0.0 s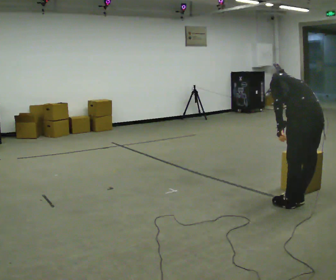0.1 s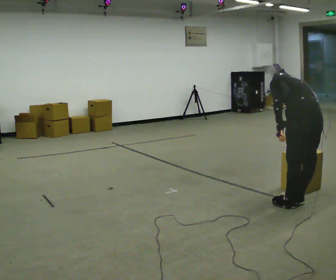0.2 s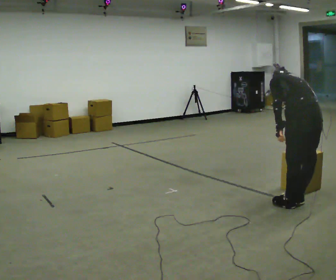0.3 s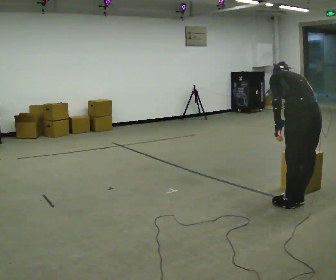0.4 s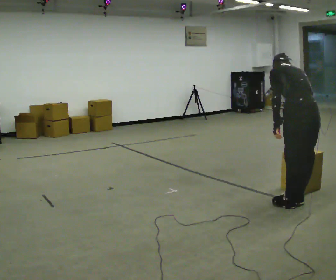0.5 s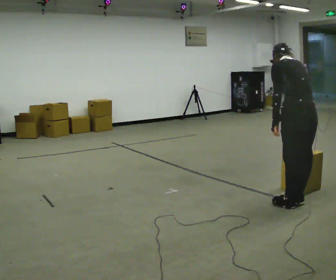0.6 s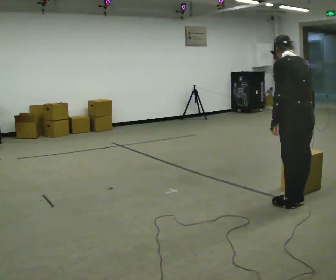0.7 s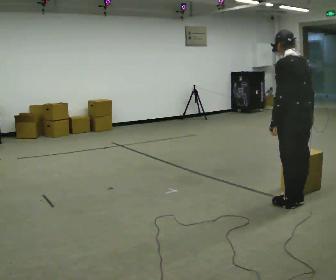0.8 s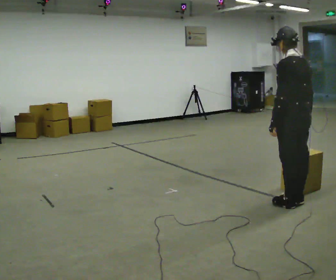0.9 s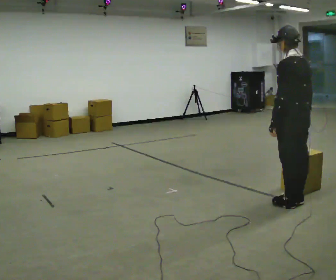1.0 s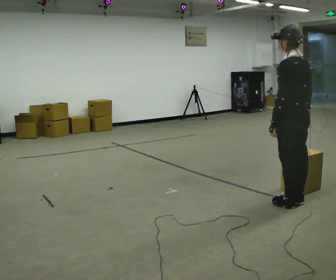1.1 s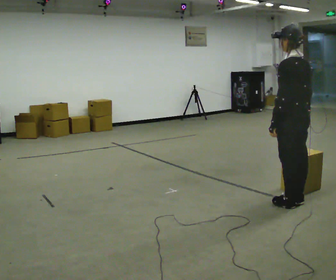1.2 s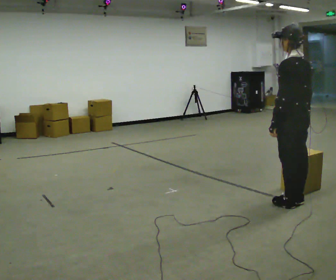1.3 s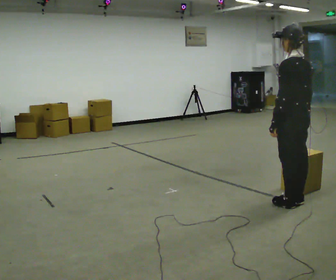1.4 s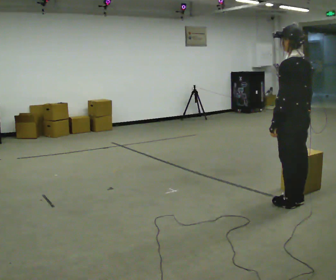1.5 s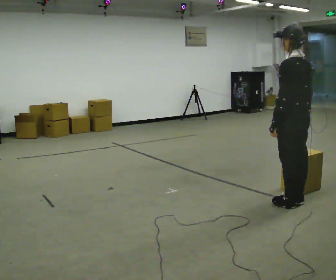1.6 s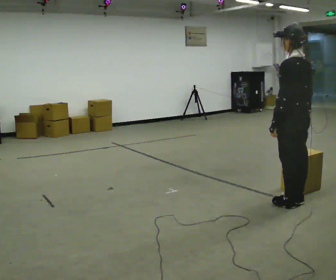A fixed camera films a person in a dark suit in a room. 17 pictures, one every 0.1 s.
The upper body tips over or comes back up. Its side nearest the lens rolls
downward.
0.0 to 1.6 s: The shoulders move upward. The upper body tips toward the camera, its near side rolling downward, as they lean back or straighten.
The film runs backward here.
